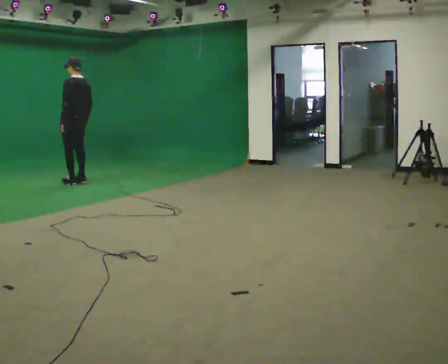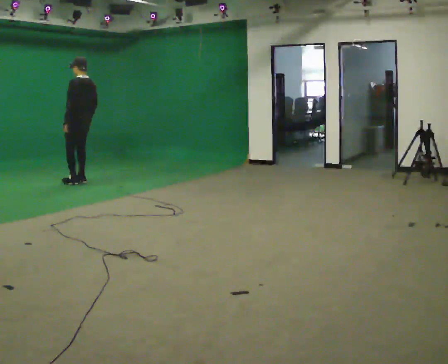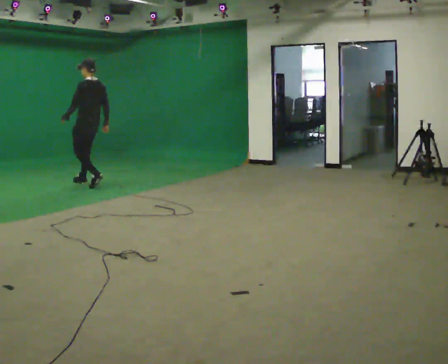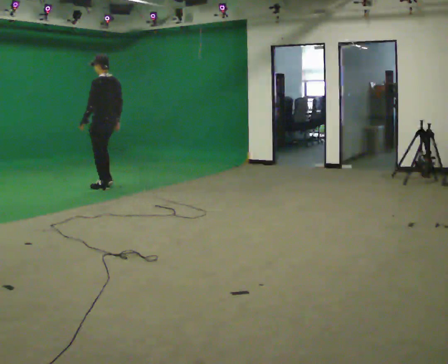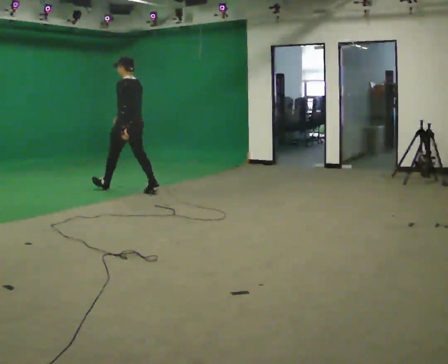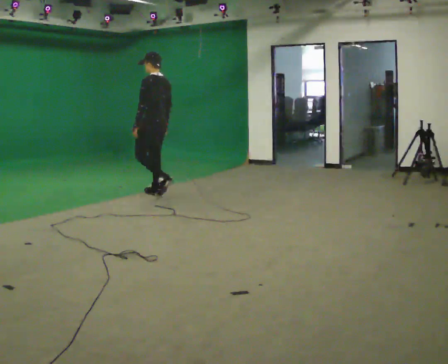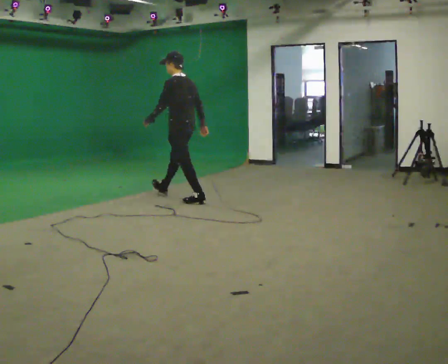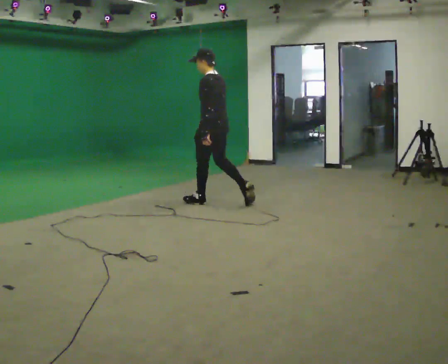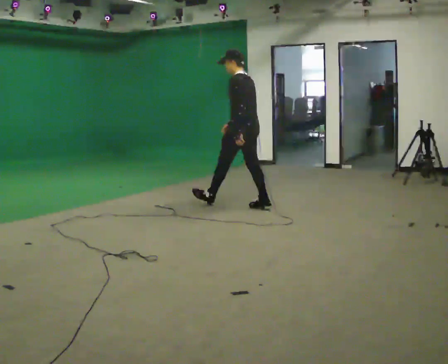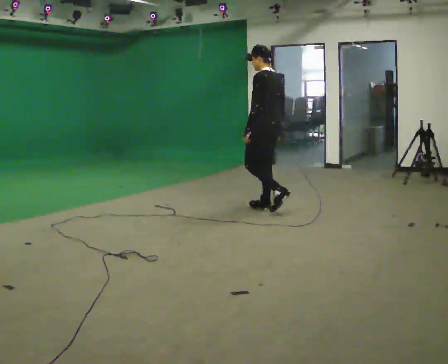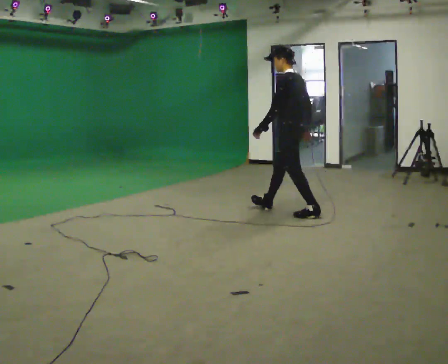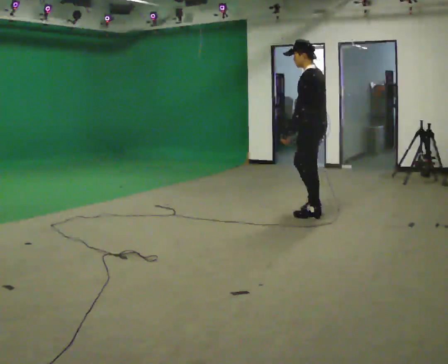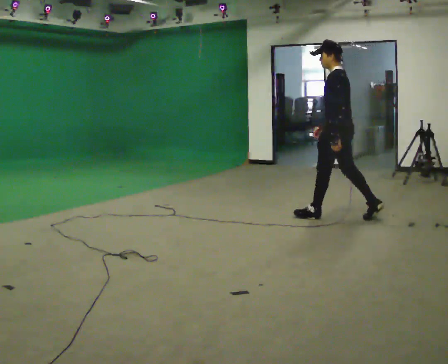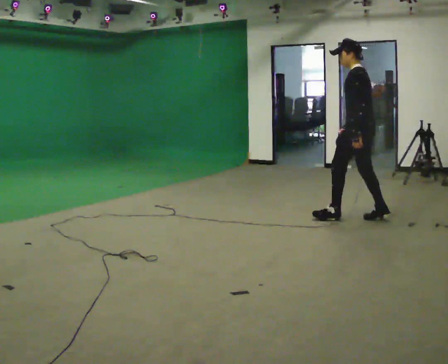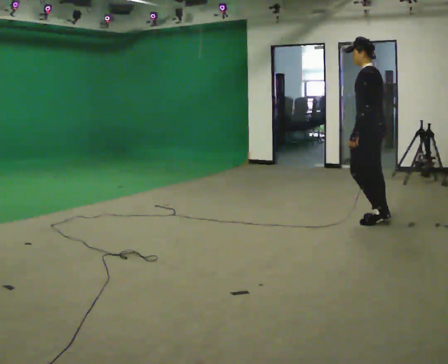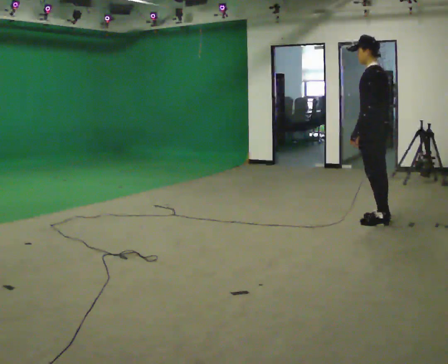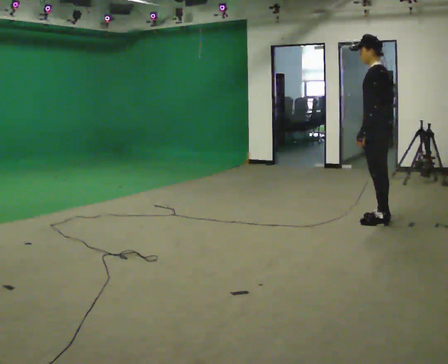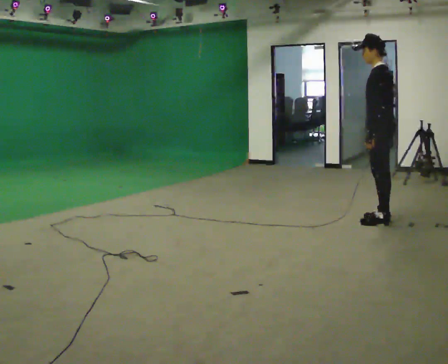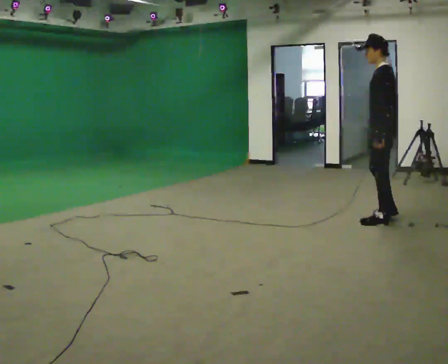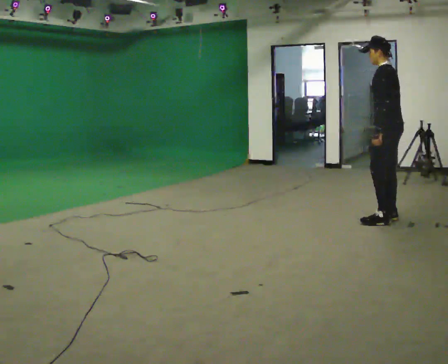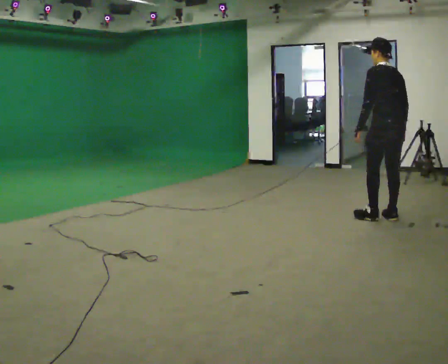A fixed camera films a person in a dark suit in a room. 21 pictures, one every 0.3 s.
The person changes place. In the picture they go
to the right.
0.0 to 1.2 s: In the picture they go to the right and toward the camera, about 1 m in 3 steps, which for them is backward.
1.2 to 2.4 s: In the picture they go to the right and toward the camera, about 1.5 m in 2 steps, which for them is backward.
2.4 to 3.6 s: In the picture they go to the right and toward the camera, about 1 m in 1 step, which for them is backward.
3.6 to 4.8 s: In the picture they go to the right and toward the camera, about 0.5 m in 1 step, which for them is backward.
4.8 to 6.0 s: The person turns about 30 degrees to their right, clockwise seen from above, so the part of the body nearest the lens slides to the left.
The film runs backward here.
